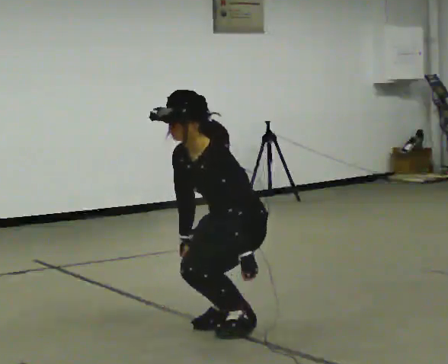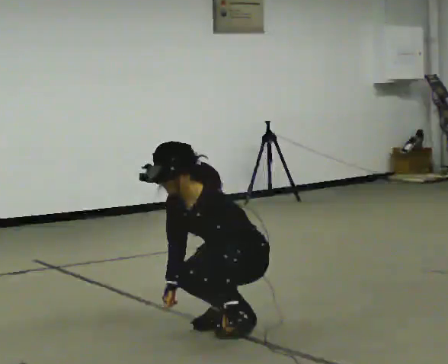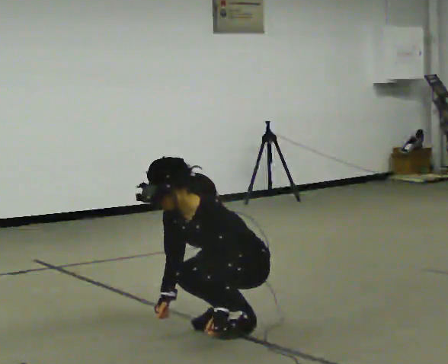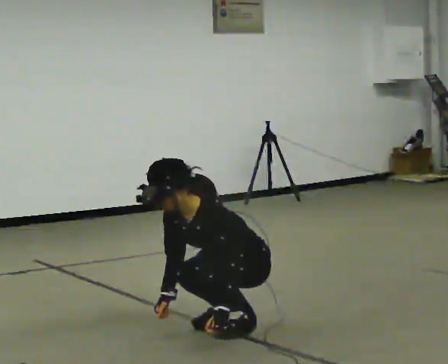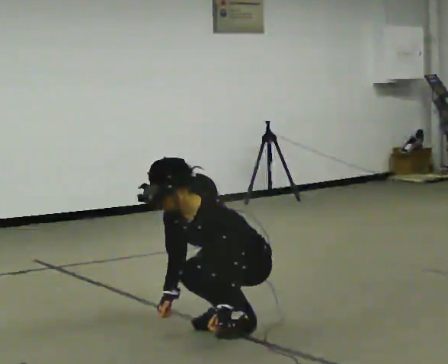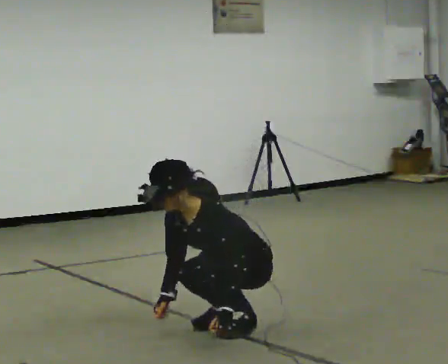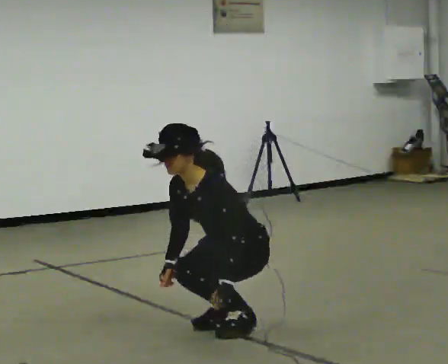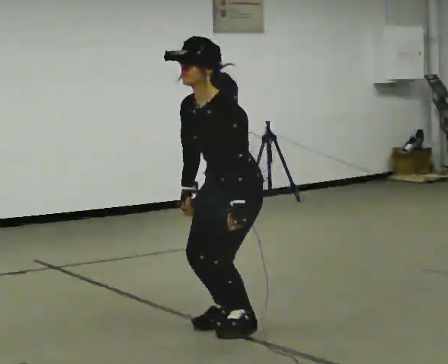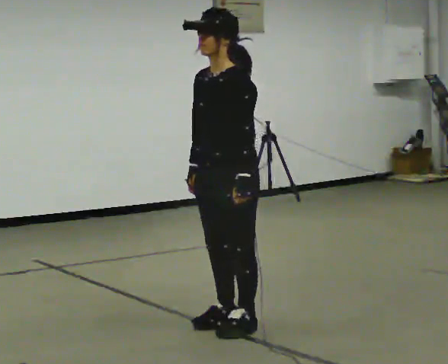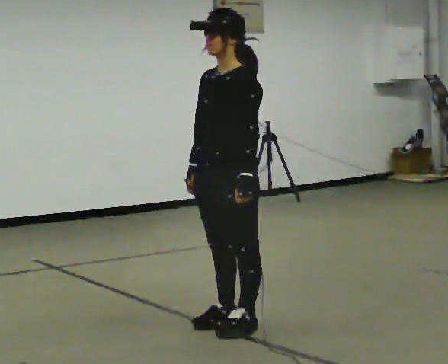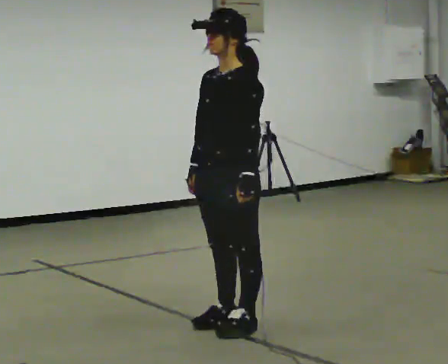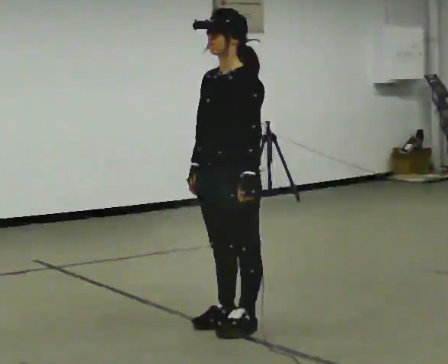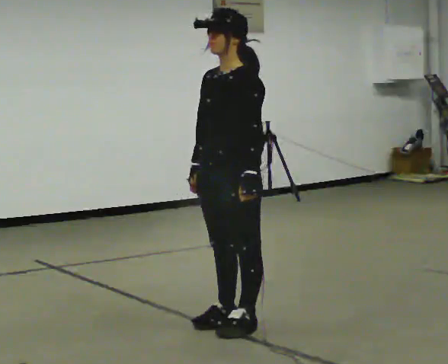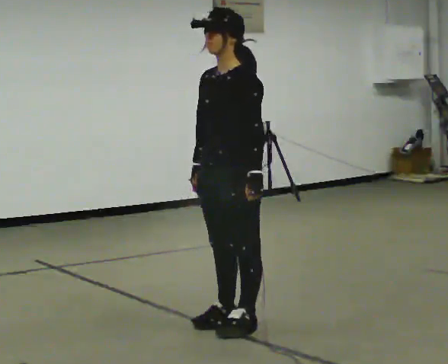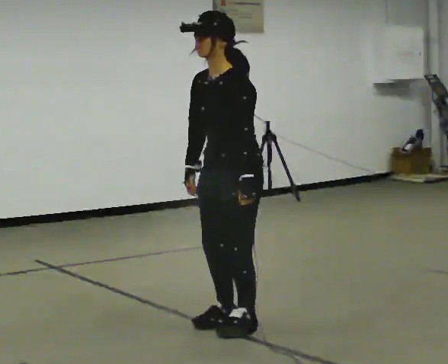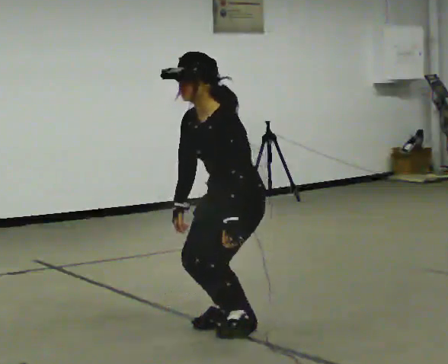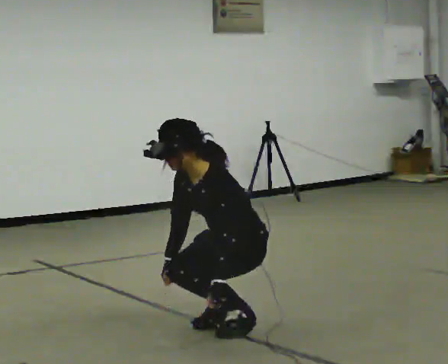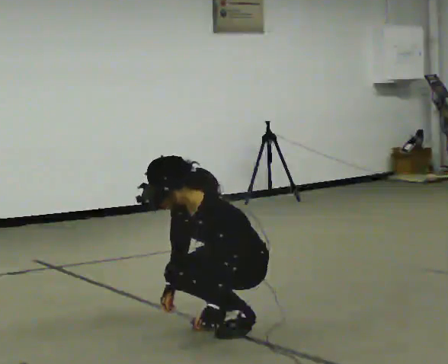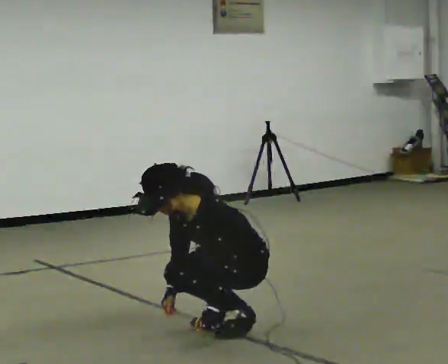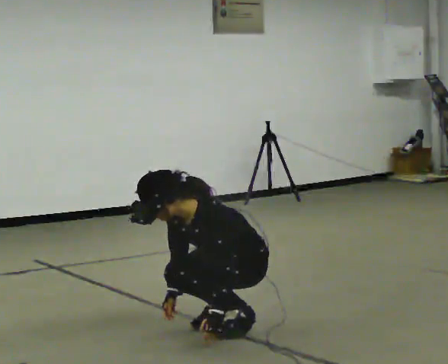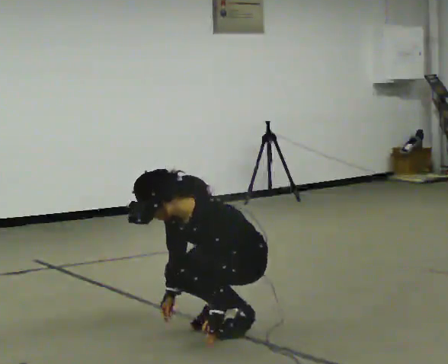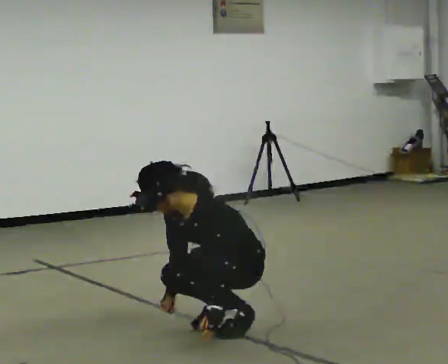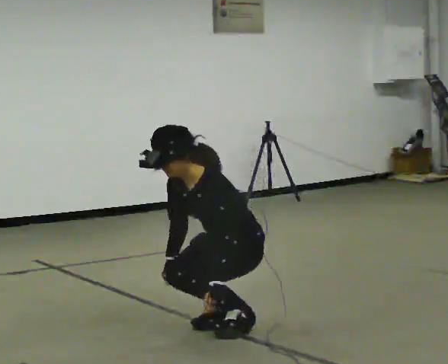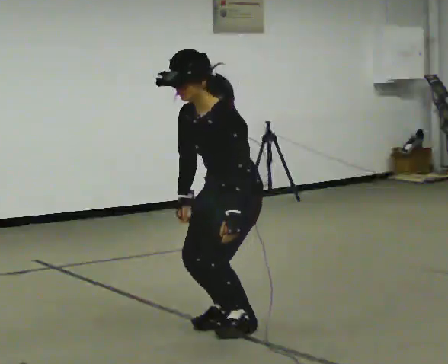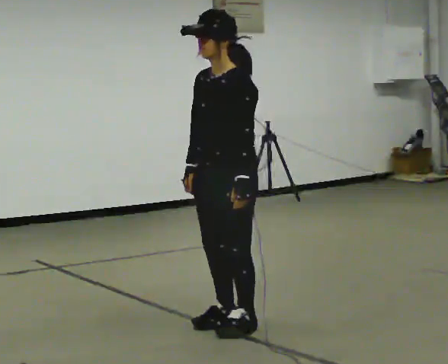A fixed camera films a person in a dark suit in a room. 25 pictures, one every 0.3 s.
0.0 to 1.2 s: The upper body goes downward. The upper body tips toward the camera, its near side rolling downward, as they bend forward.
1.2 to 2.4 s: The shoulders move upward. In the picture the upper body tilts clockwise, shoulders to the right, as they lean back or straighten. In the picture their left hand goes upward.
2.4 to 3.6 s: The person moves a little, or ends about where they began.
3.6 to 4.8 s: The upper body goes downward. In the picture the upper body tilts counterclockwise, shoulders to the left, as they bend forward. In the picture their right hand goes downward.
4.8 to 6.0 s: The shoulders move downward. In the picture the upper body tilts counterclockwise, shoulders to the left, as they bend forward.
6.0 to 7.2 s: The upper body goes upward. In the picture the upper body tilts clockwise, shoulders to the right, as they lean back or straighten. In the picture their right hand goes upward.
The film runs backward here.
